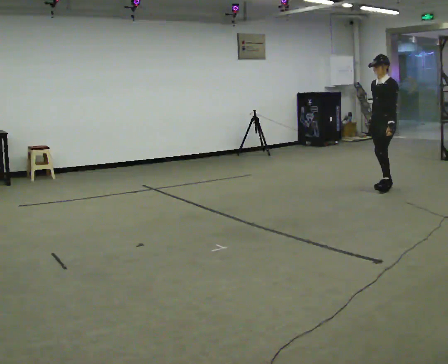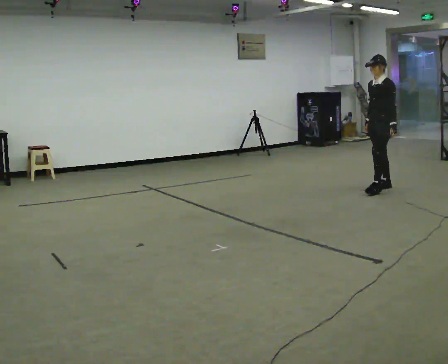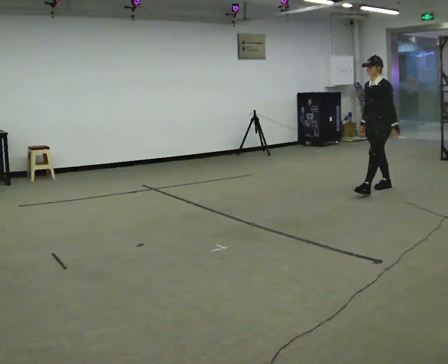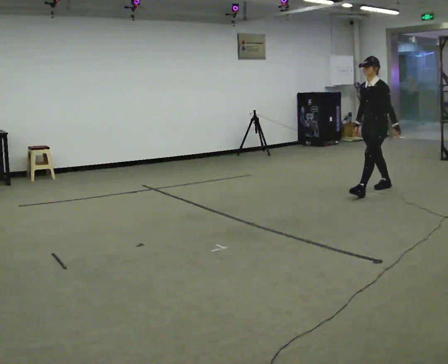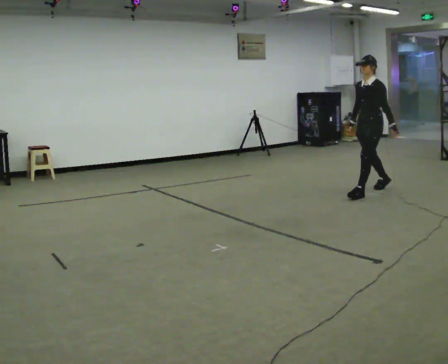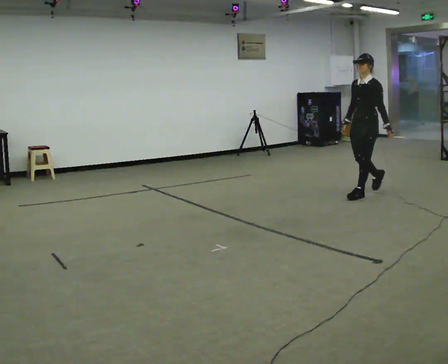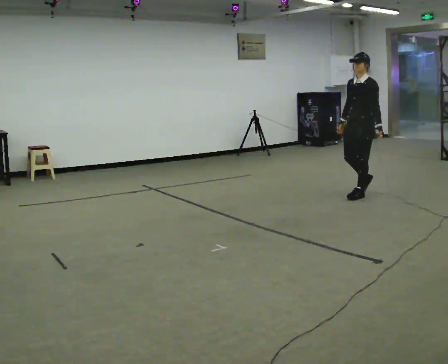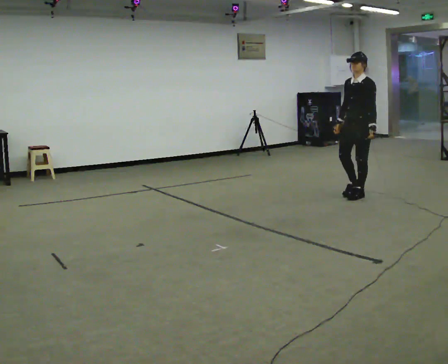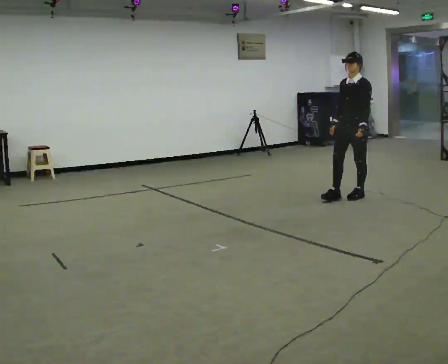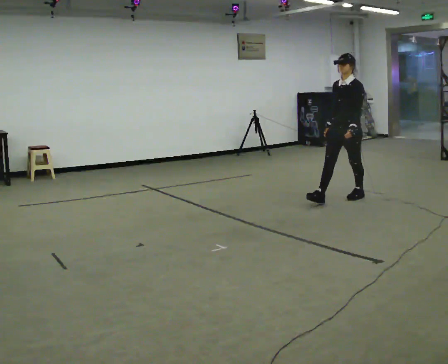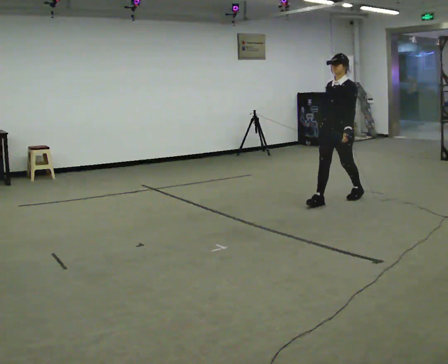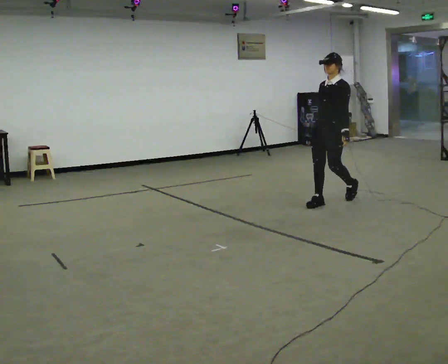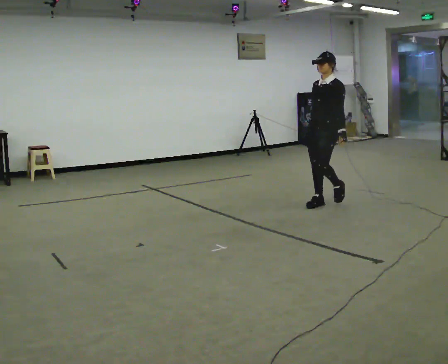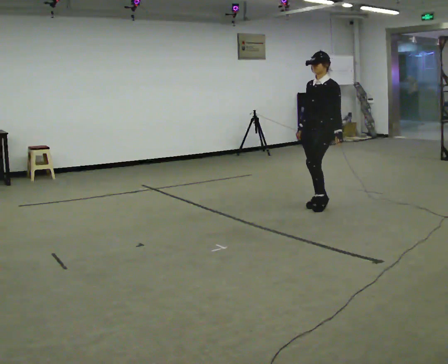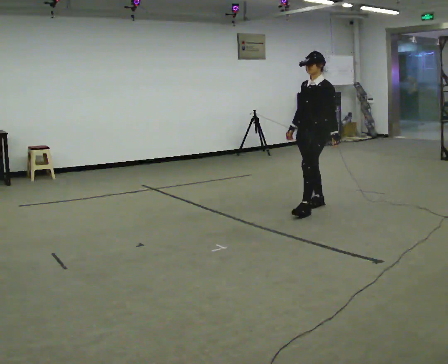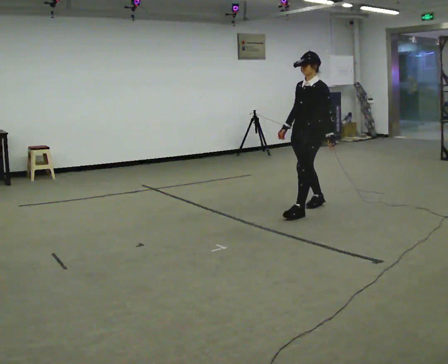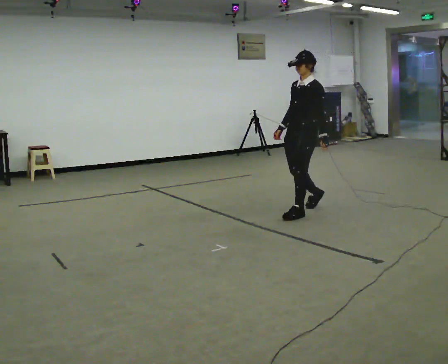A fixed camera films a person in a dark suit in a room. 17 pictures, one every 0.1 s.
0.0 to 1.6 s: In the picture they go toward the camera and to the left, about 1.5 m in 3 steps, which for them is forward.
The film runs forward here.
